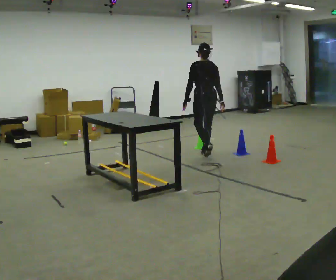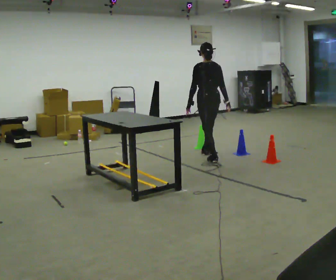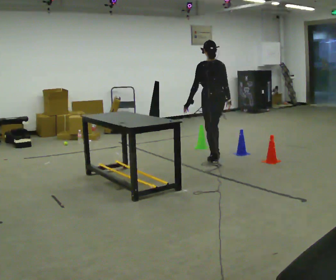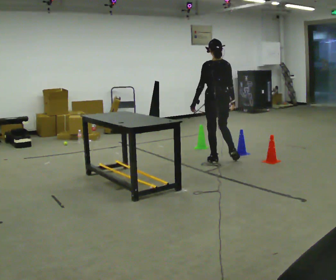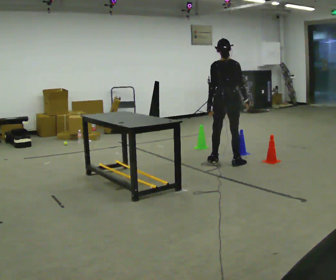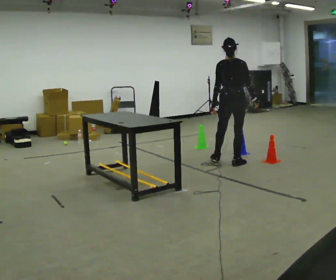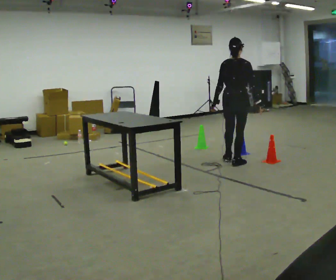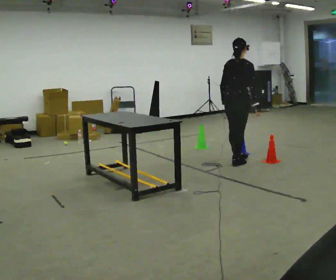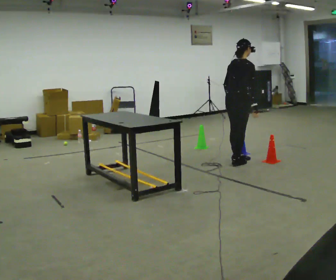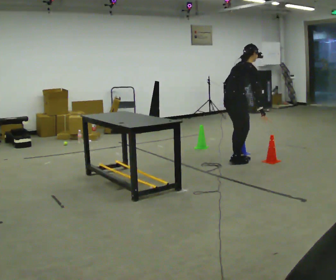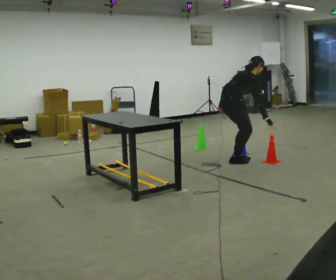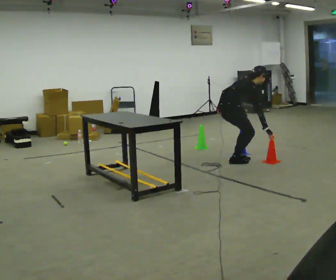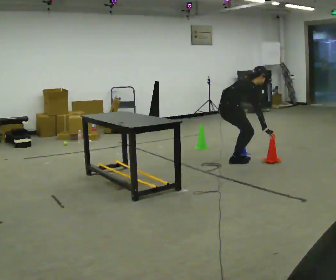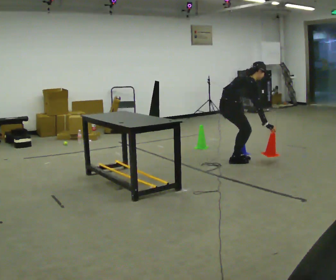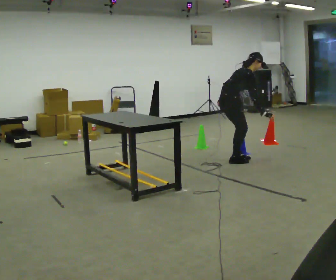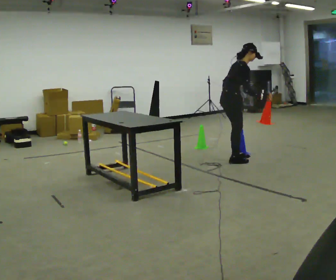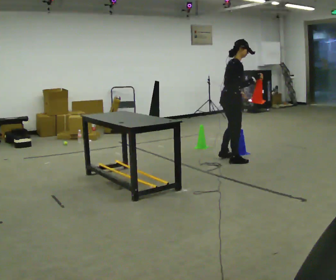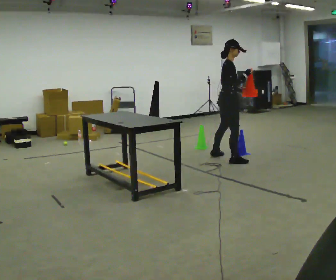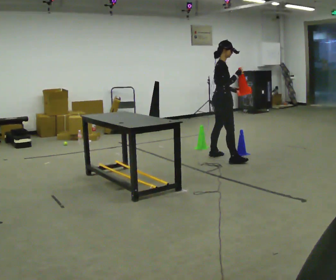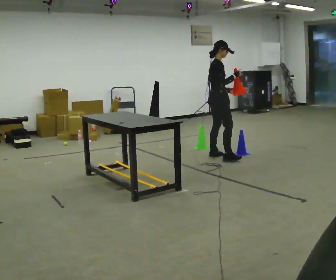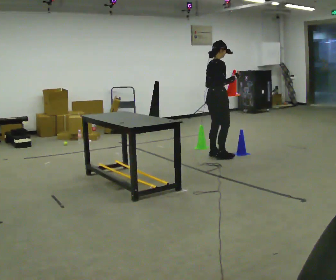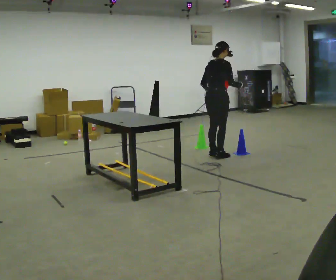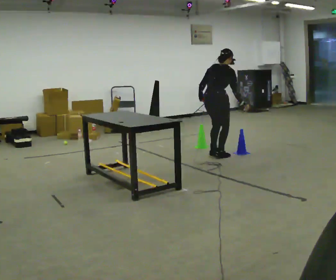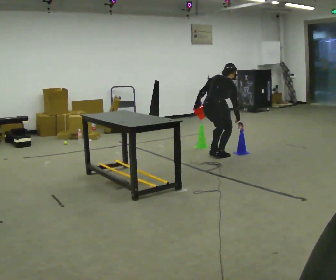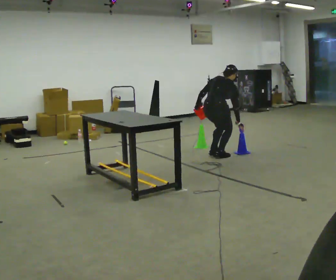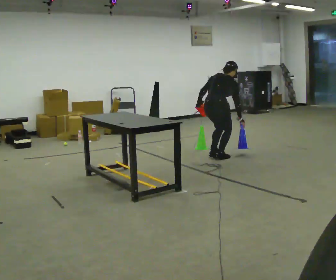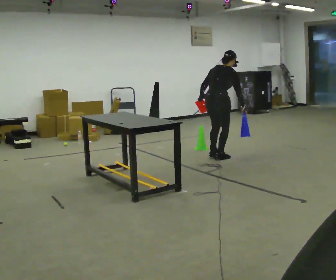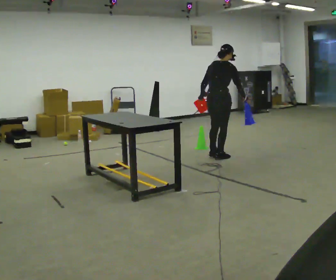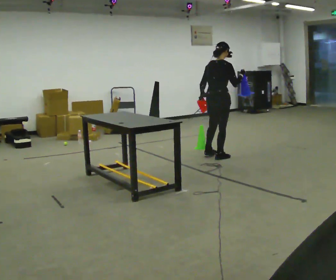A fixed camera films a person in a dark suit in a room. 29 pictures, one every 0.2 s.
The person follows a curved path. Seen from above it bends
counterclockwise.
0.0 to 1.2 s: Seen from above the body turns clockwise, about 30 degrees: to their right, with its near side sliding to the left. In the picture they go toward the camera and to the right, about 0.5 m in 2 steps, which for them is backward and to their right.
1.2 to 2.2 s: Seen from above the body turns clockwise, about 45 degrees: to their right, with its near side sliding to the left. The upper body goes downward. In the picture the upper body tilts clockwise, shoulders to the right, as they bend forward.
2.2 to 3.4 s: The upper body goes upward. In the picture the upper body tilts counterclockwise, shoulders to the left, as they lean back or straighten.
3.4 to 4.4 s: The person turns about 45 degrees to their left, counterclockwise seen from above, so the part of the body nearest the lens slides to the right. In the picture they go to the left and away from the camera, about 0.25 m in 1 step, which for them is to their left. In the picture their left hand goes to the left, the arm swinging clockwise.
4.4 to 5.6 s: The person moves a little, or ends about where they began.
The film runs backward here.
